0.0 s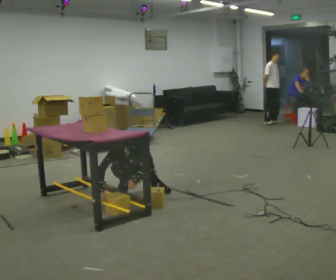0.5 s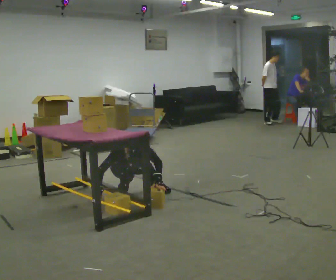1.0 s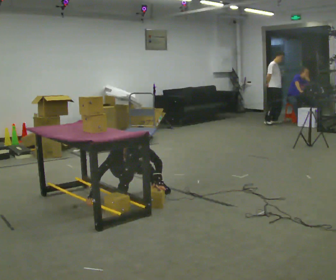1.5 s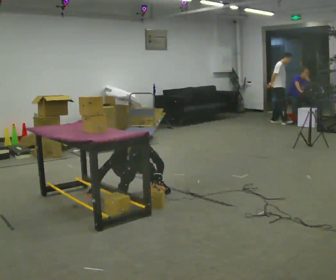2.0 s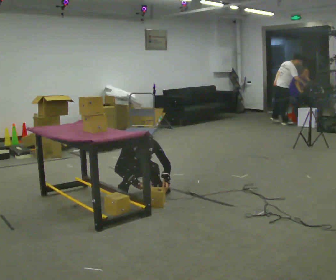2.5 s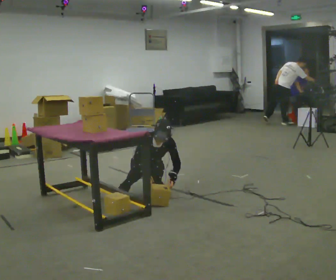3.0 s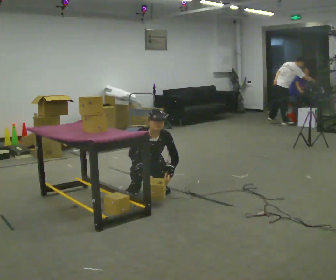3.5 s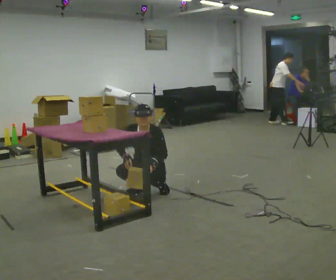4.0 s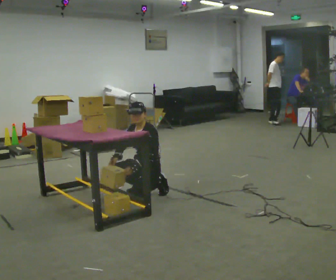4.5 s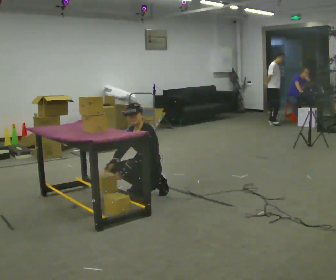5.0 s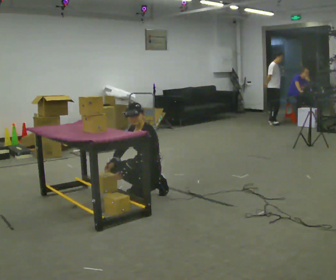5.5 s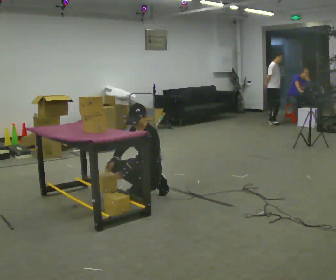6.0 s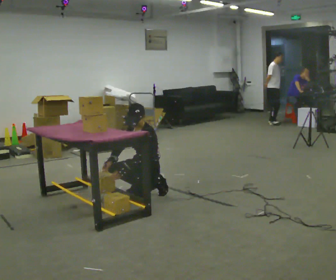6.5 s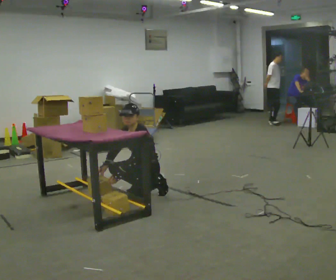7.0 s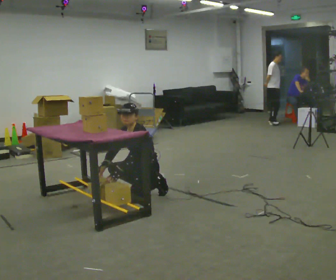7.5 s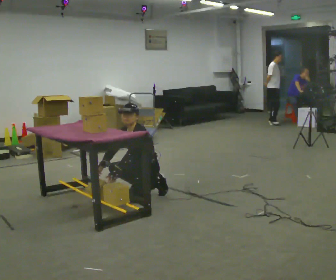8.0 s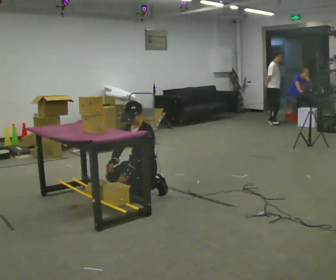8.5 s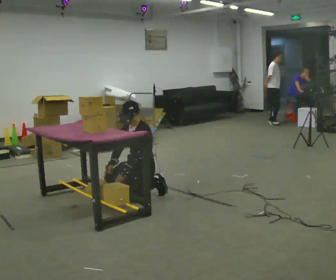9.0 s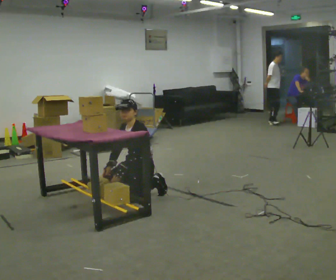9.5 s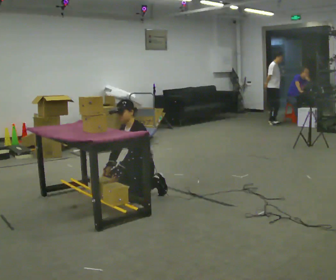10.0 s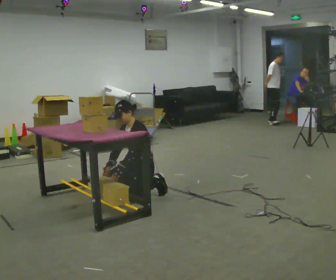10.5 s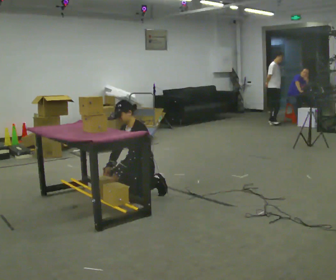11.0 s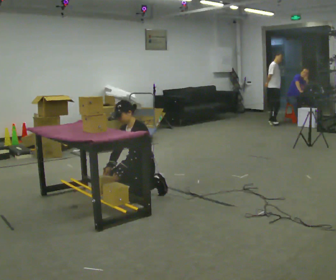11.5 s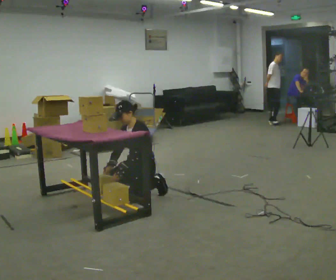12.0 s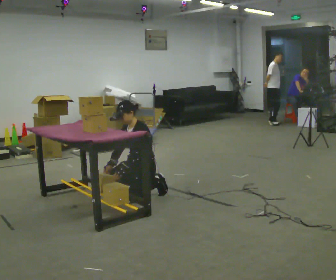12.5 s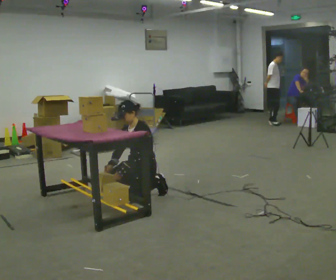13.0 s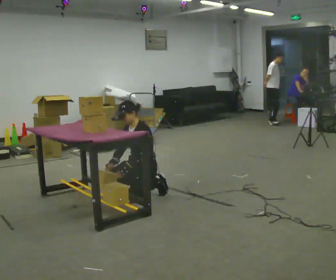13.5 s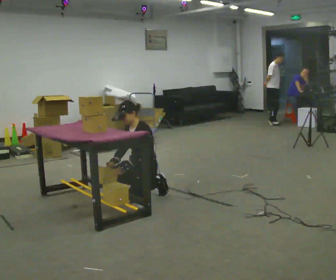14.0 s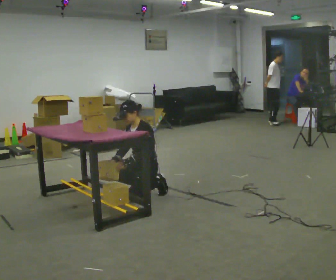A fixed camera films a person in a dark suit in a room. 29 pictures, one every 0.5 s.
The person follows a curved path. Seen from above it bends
clockwise.
0.0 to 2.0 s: In the picture their right hand goes to the right.
2.0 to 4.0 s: The person turns about 75 degrees to their right, clockwise seen from above, so the part of the body nearest the lens slides to the left. In the picture they go to the right and toward the camera, about 0.25 m in 1 step. The shoulders move upward. The upper body tips away from the camera, its near side rolling upward, as they lean back or straighten.
4.0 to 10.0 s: The person moves a little, or ends about where they began.
10.0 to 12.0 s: The person keeps their place and pose.
12.0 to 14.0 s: The person moves a little, or ends about where they began.
The film runs backward here.
